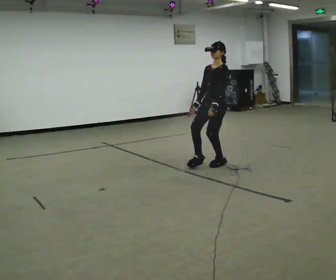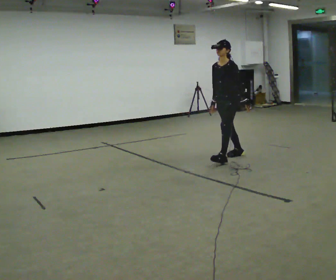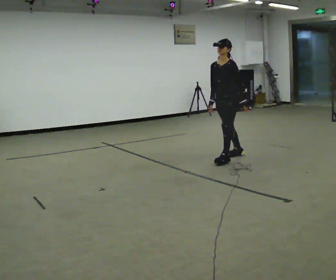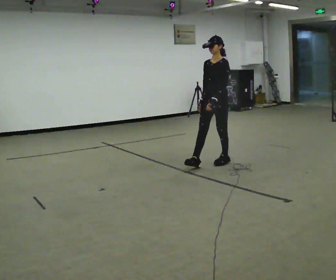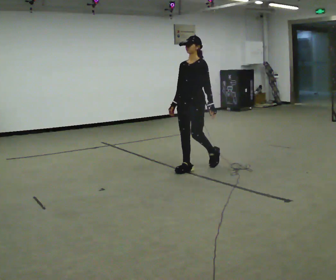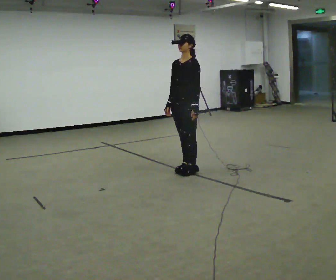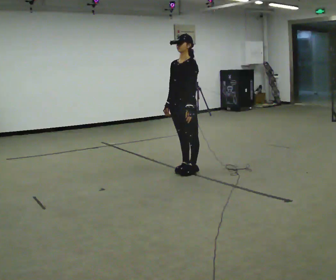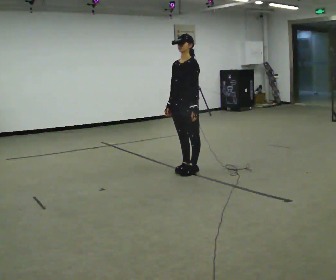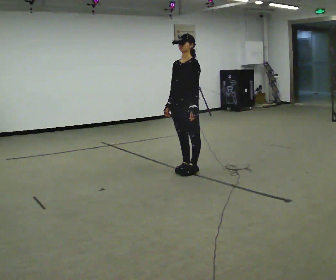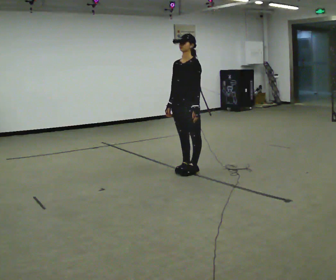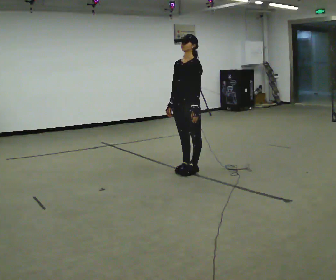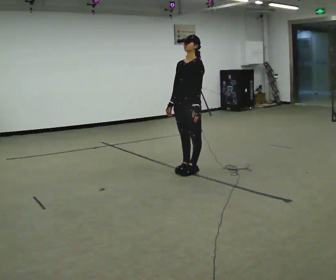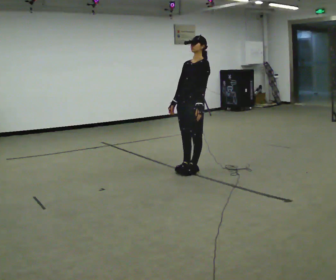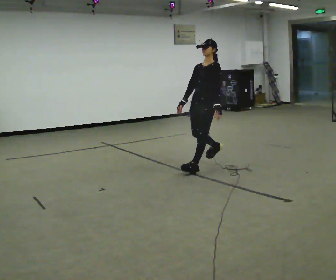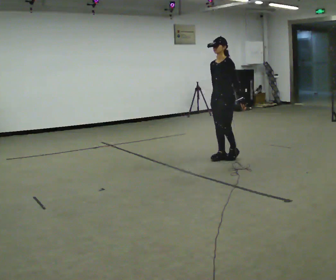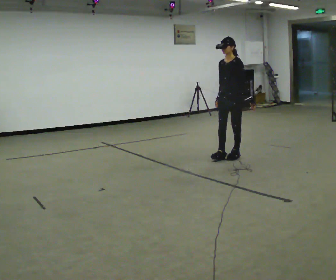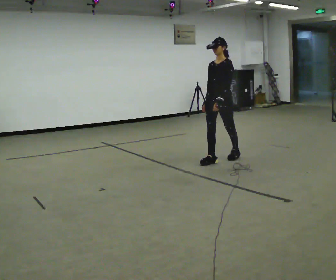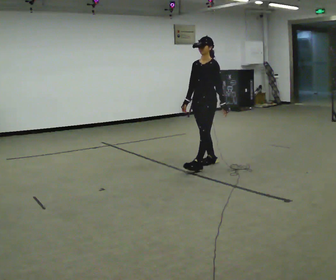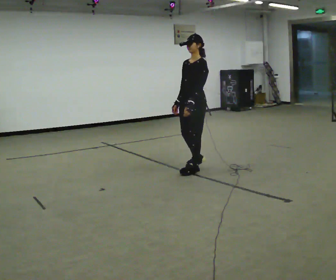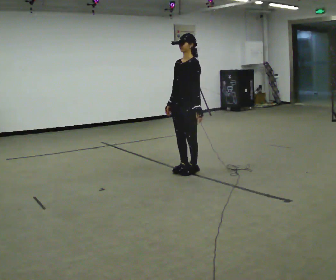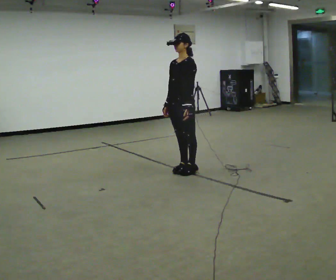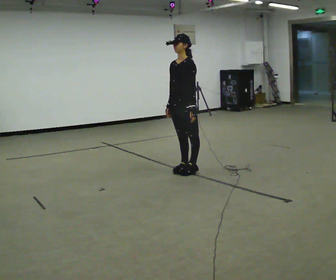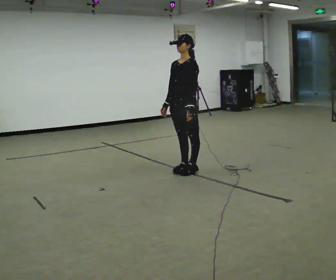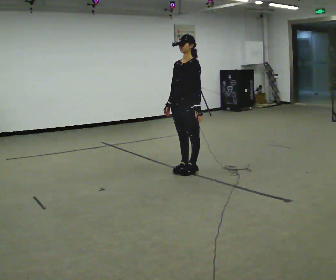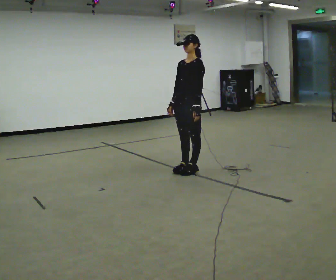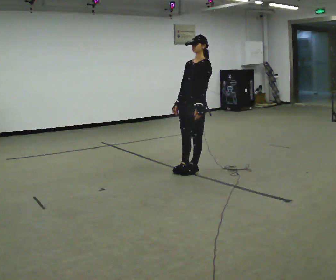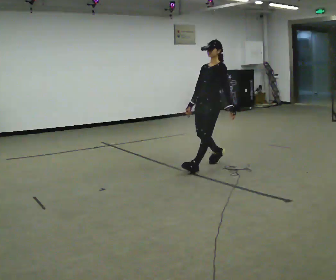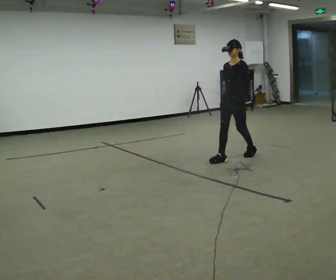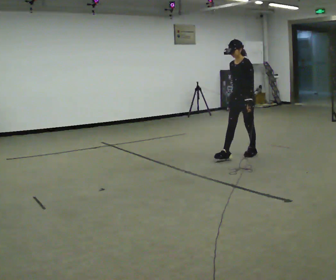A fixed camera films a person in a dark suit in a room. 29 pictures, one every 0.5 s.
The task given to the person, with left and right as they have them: Stand on the marked spots. Lean backward, keeping your body straight, until you cannot hold it, then step back to catch yourself. Return to the spots. Repeat at your own pace until the operator says stop. Go slowly and only as far as you are comfortable. Step whenever you need to; do not try to hold on longer than feels safe.
0.0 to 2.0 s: In the picture they go to the left and toward the camera, about 0.25 m in 2 steps, which for them is forward.
2.0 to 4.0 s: In the picture they go toward the camera, about 0.25 m in 1 step, which for them is forward.
4.0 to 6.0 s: The person moves a little, or ends about where they began.
6.0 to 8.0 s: In the picture they go away from the camera and to the right, about 0.5 m in 3 steps, which for them is backward.
8.0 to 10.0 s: In the picture they go toward the camera and to the left, about 0.75 m in 2 steps, which for them is forward.
10.0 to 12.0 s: The person moves a little, or ends about where they began.
12.0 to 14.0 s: In the picture they go away from the camera and to the right, about 1 m in 2 steps, which for them is backward.
The film runs forward here.
